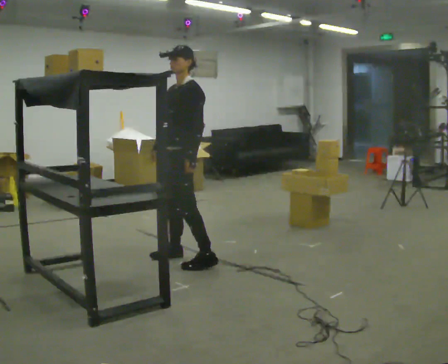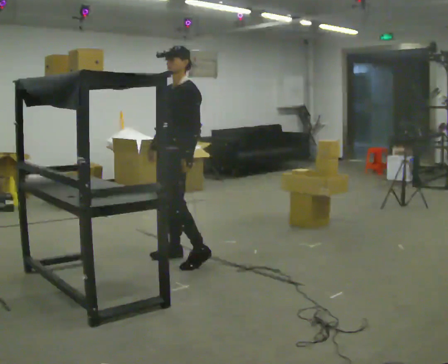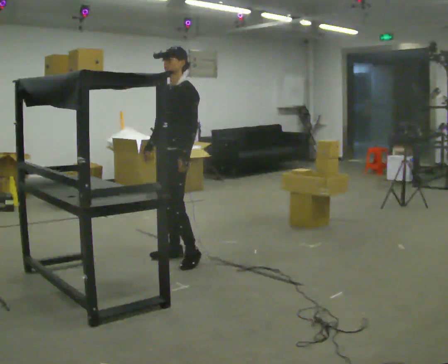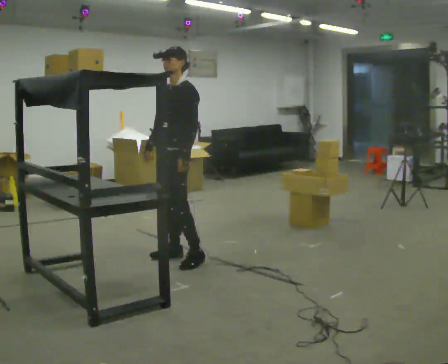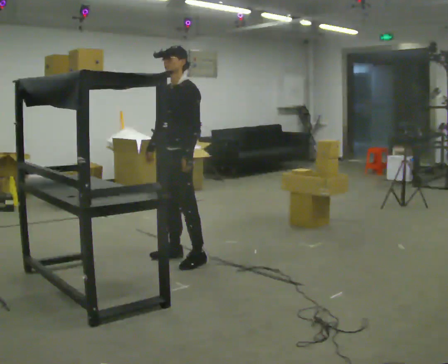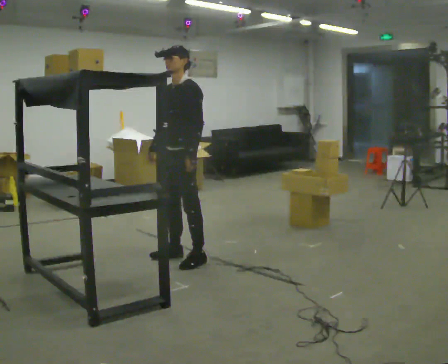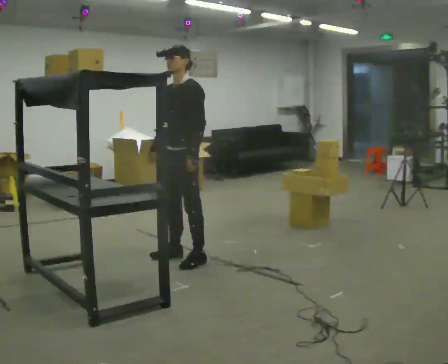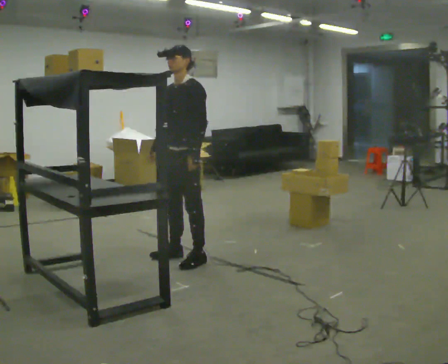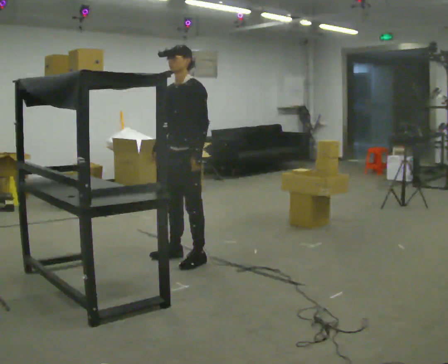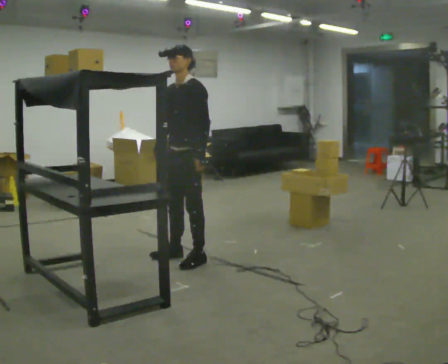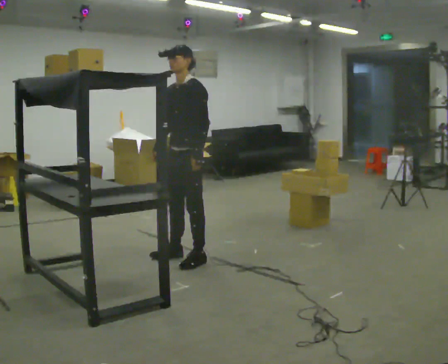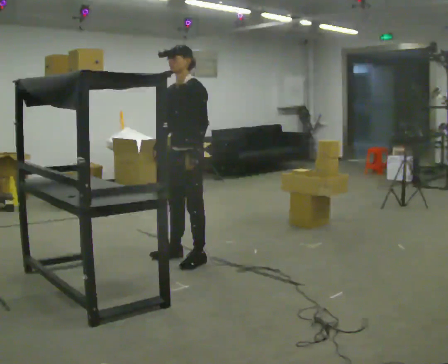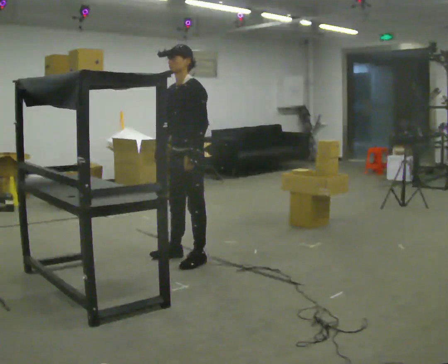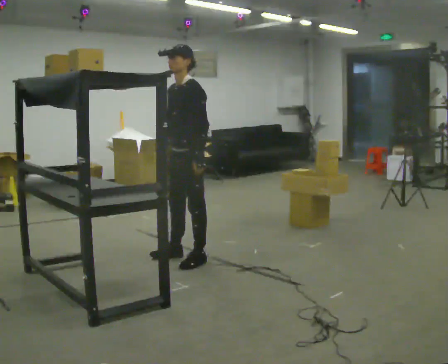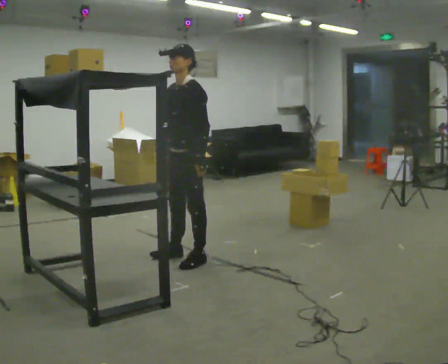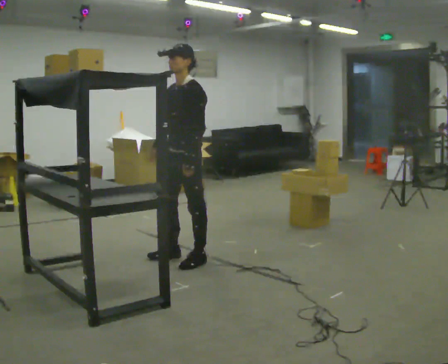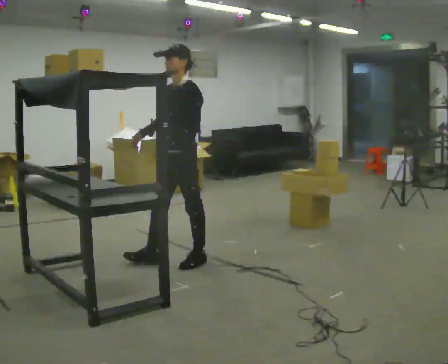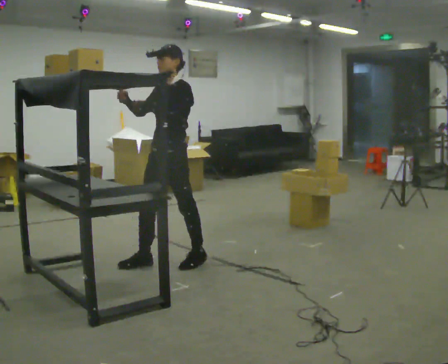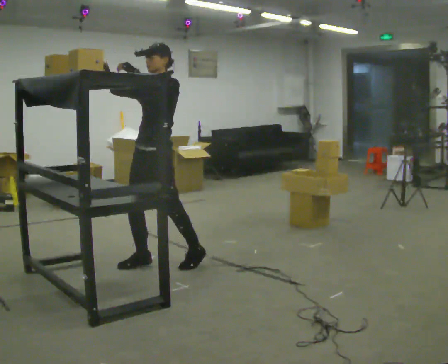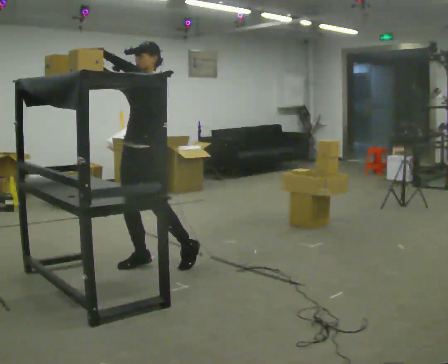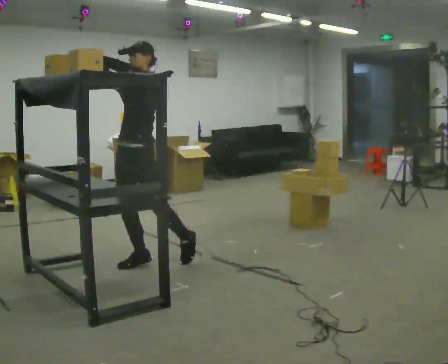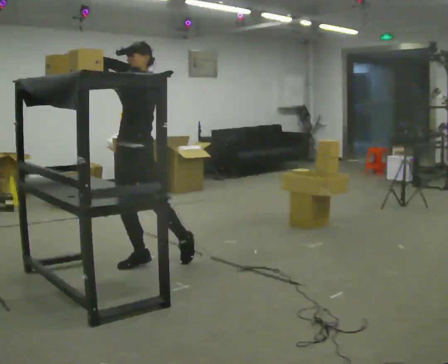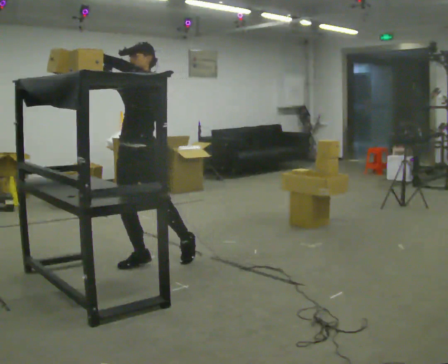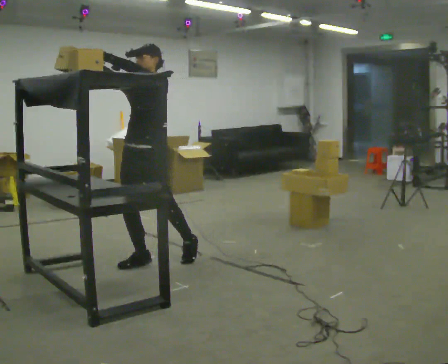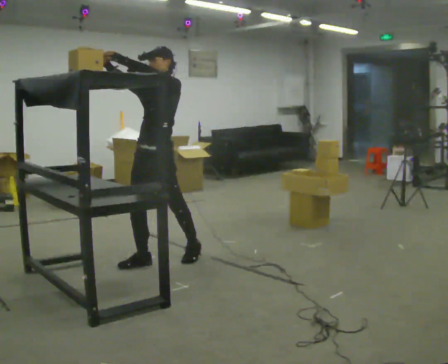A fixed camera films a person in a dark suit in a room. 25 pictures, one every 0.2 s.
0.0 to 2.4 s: The person moves a little, or ends about where they began.
2.4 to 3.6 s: In the picture they go to the left, about 0.25 m in 1 step, which for them is forward. In the picture their right hand goes upward, the arm swinging clockwise.
3.6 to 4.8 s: The person moves a little, or ends about where they began.
The film runs backward here.
